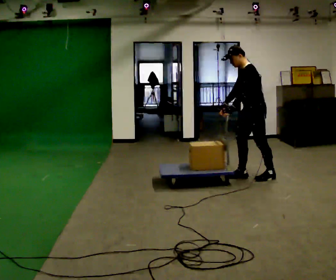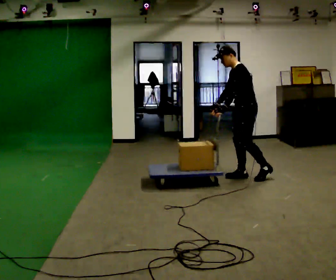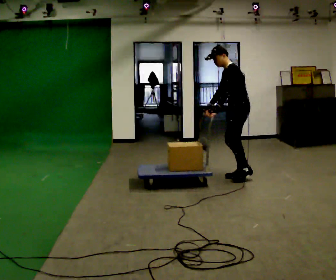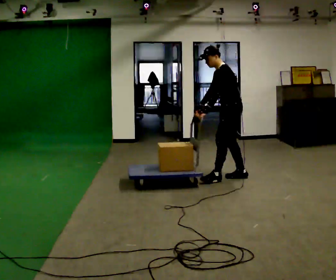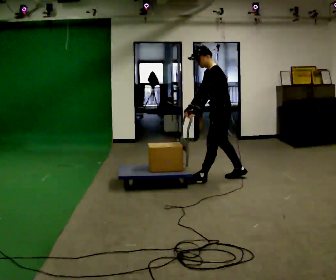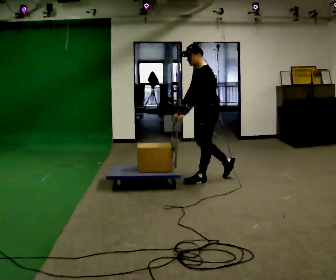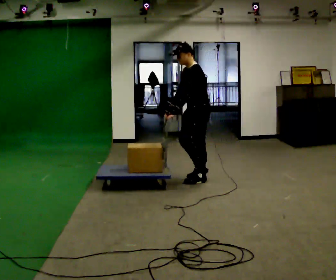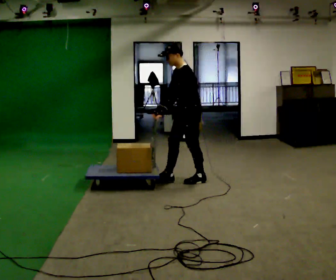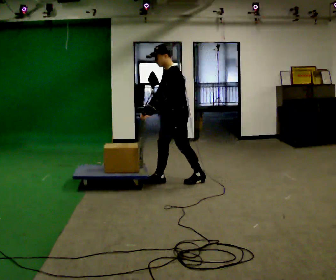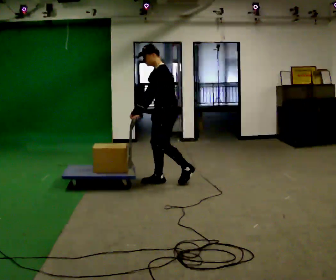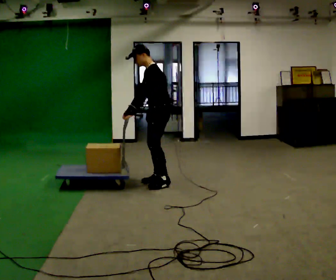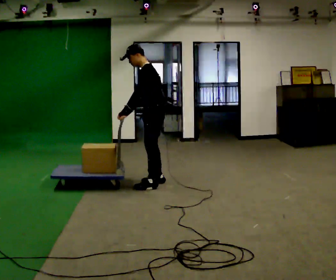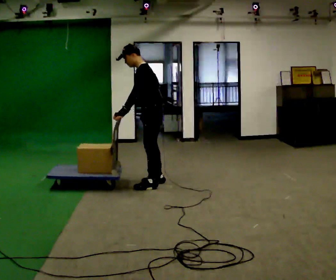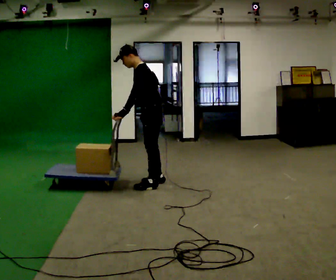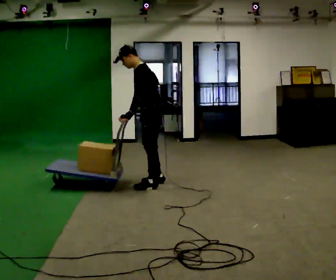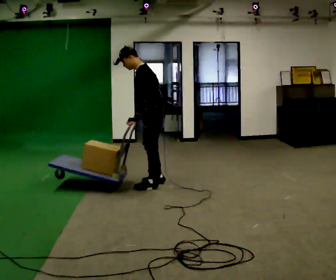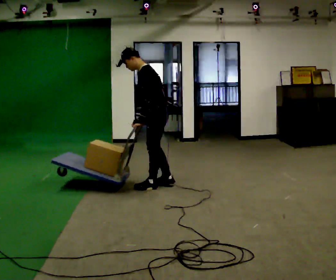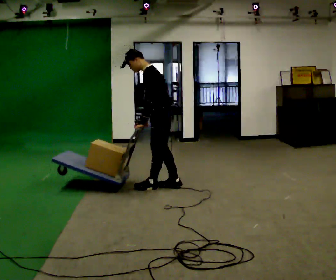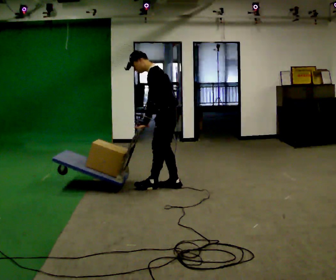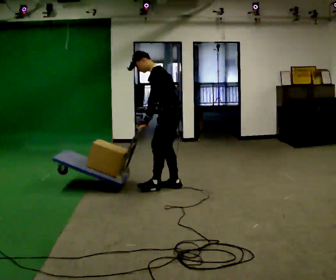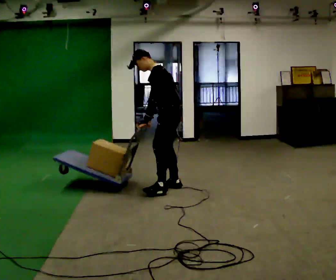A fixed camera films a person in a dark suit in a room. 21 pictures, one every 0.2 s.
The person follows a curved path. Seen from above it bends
counterclockwise.
0.0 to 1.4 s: In the picture they go to the left, about 1 m in 1 step, which for them is forward.
1.4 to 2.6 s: In the picture they go to the left, about 0.5 m in 2 steps, which for them is forward.
2.6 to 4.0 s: In the picture they go to the right, about 0.25 m in 1 step, which for them is backward and to their left.
The film runs forward here.
